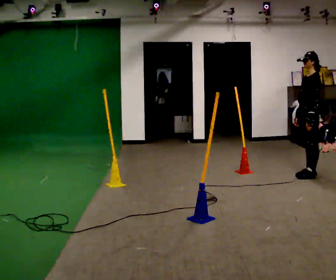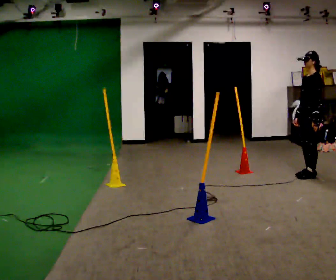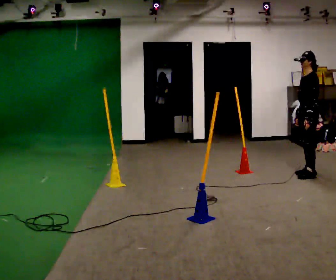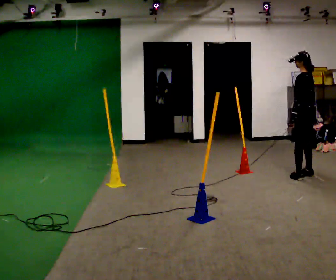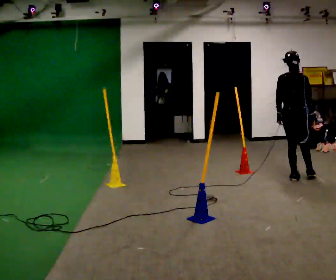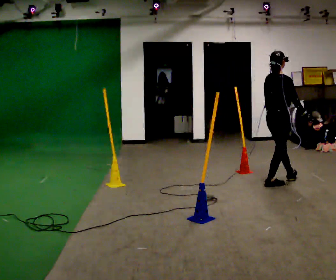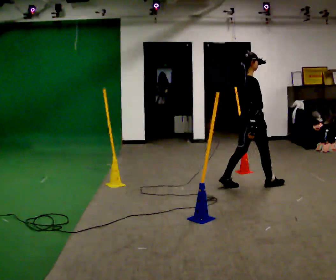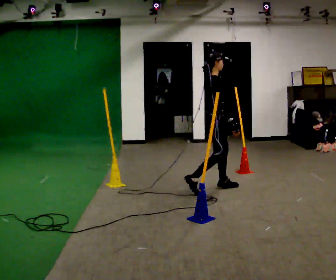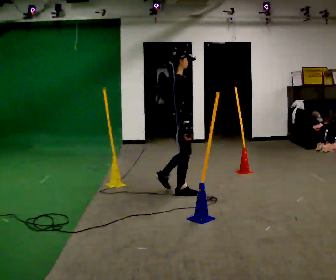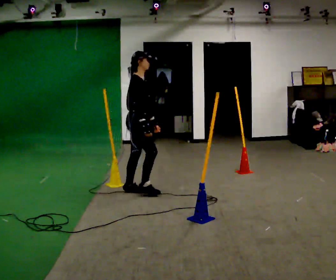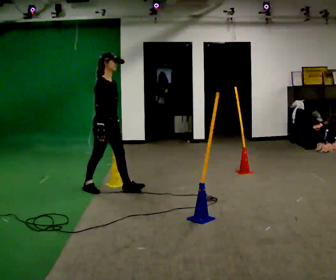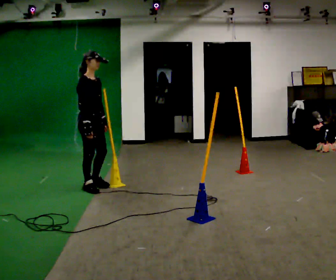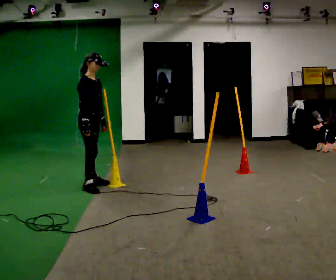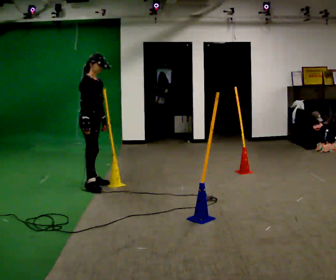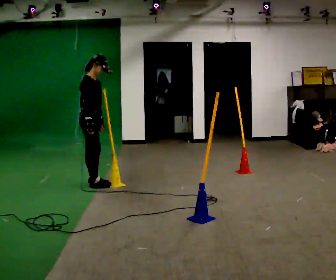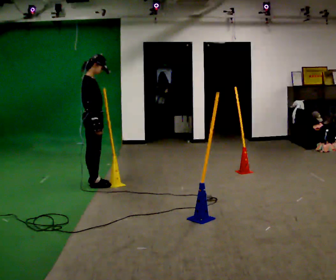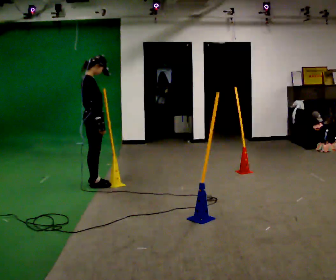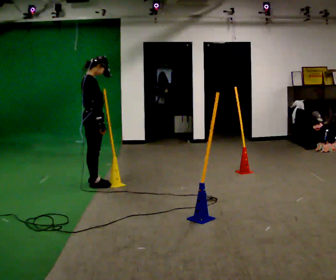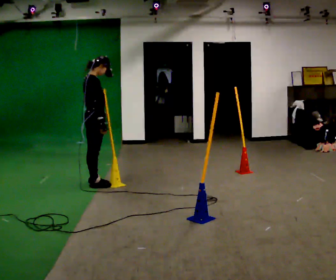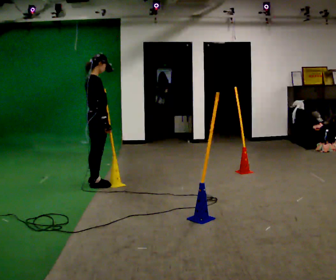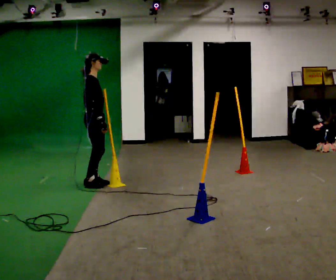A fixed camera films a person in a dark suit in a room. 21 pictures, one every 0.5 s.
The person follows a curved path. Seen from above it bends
clockwise.
The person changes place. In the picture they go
to the left.
0.0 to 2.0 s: The part of the body nearest the lens slides to the left as the person turns to their right by about 90 degrees. In the picture they go to the left, about 0.25 m in 2 steps.
2.0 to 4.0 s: The part of the body nearest the lens slides to the left as the person turns to their right by about 60 degrees. In the picture they go to the left, about 1.5 m in 3 steps.
4.0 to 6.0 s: The person turns about 30 degrees to their right, clockwise seen from above, so the part of the body nearest the lens slides to the left. In the picture they go to the left, about 1 m in 2 steps, which for them is backward.
6.0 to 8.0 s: The part of the body nearest the lens slides to the right as the person turns to their left by about 30 degrees.
8.0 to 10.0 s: The person moves a little, or ends about where they began.
The film runs backward here.
